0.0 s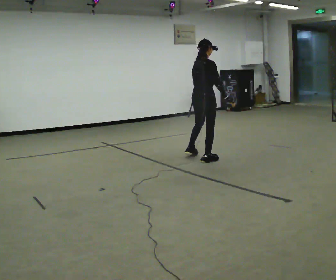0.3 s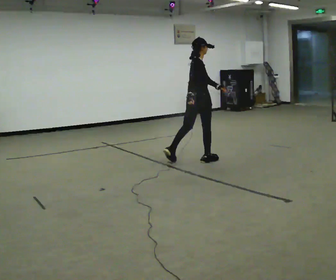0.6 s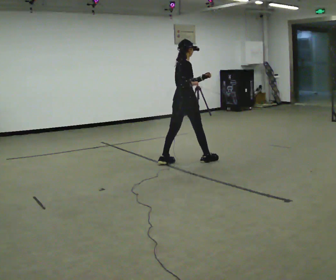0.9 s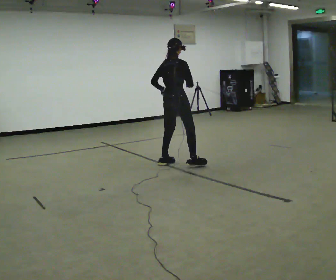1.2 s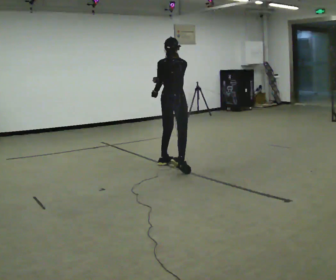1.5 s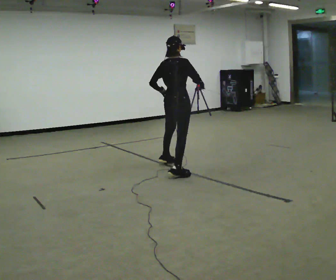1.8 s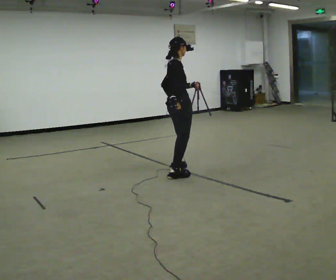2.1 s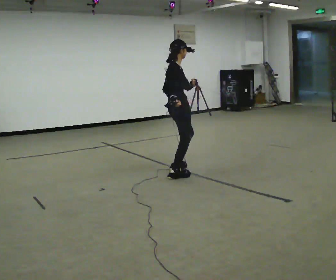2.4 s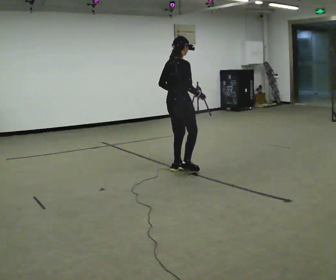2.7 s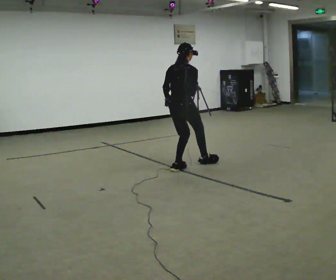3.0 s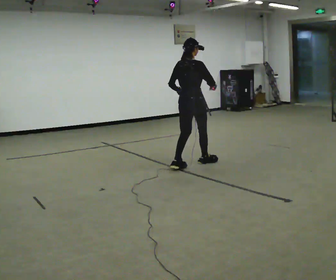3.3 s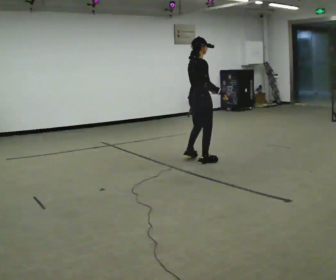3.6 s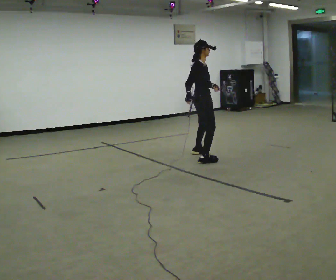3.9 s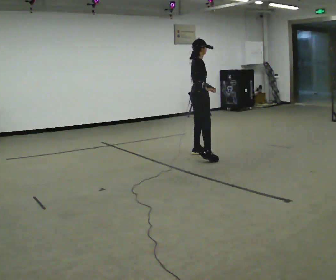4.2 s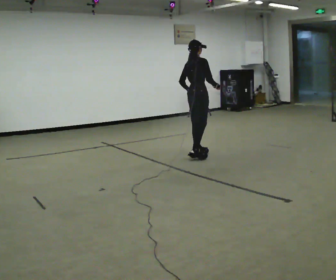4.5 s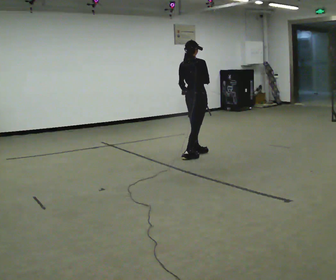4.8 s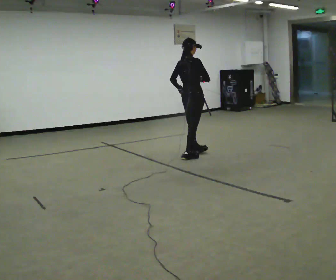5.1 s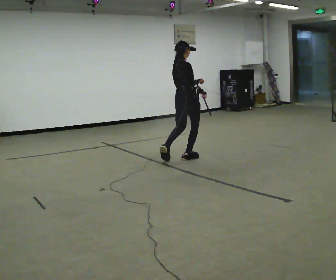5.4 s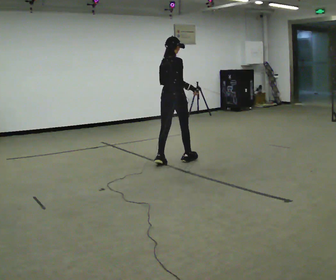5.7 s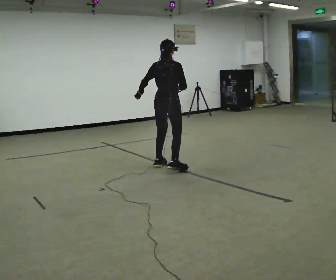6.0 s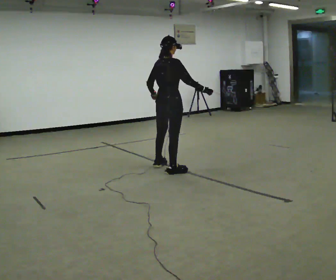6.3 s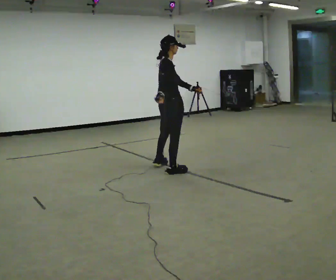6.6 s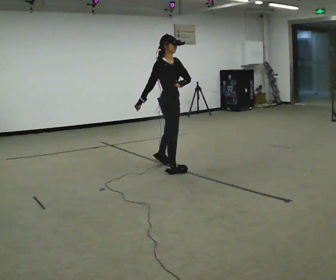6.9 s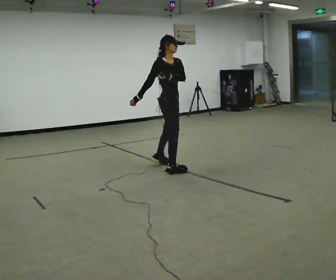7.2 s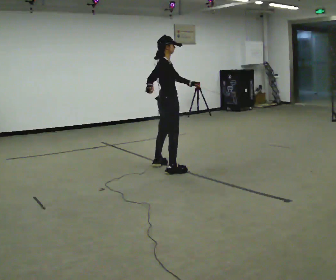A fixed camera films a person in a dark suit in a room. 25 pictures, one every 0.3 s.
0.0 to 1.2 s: In the picture they go to the left and toward the camera, about 0.5 m in 1 step, which for them is backward.
1.2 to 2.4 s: The person turns about 30 degrees to their right, clockwise seen from above, so the part of the body nearest the lens slides to the left. In the picture they go toward the camera, about 0.25 m in 2 steps.
2.4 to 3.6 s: Seen from above the body turns clockwise, about 30 degrees: to their right, with its near side sliding to the left. In the picture they go away from the camera and to the right, about 0.5 m in 1 step, which for them is forward.
3.6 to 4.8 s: The part of the body nearest the lens slides to the right as the person turns to their left by about 45 degrees. In the picture they go away from the camera, about 0.25 m in 1 step, which for them is to their left.
4.8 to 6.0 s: In the picture they go toward the camera and to the left, about 0.75 m in 2 steps, which for them is backward.
6.0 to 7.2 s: Seen from above the body turns clockwise, about 45 degrees: to their right, with its near side sliding to the left. In the picture their right hand goes to the left.
The film runs backward here.
